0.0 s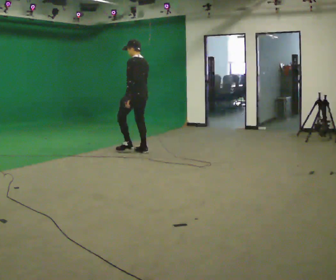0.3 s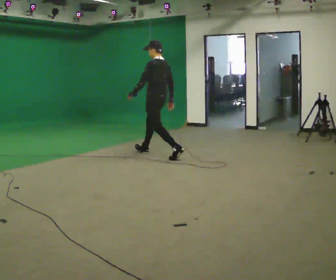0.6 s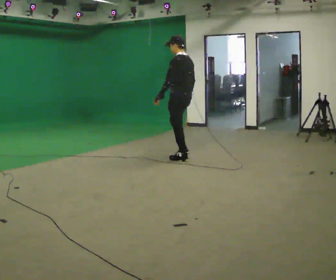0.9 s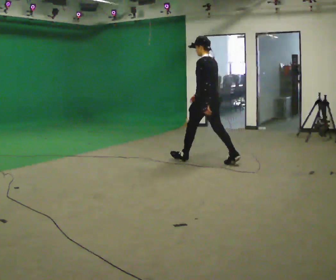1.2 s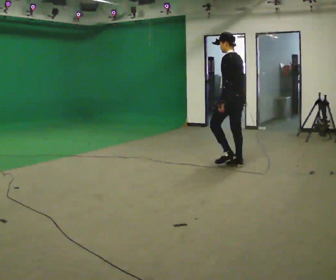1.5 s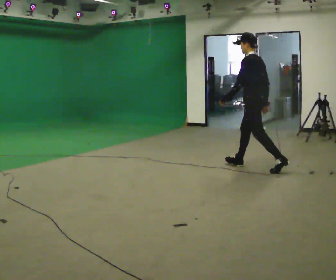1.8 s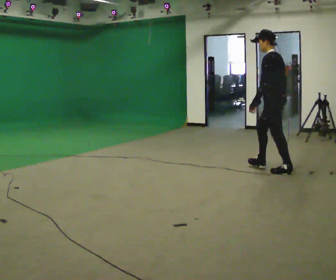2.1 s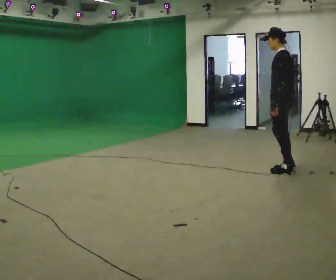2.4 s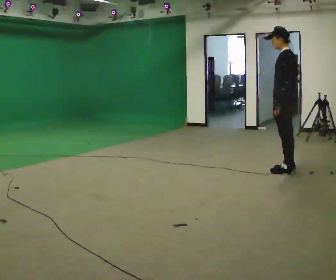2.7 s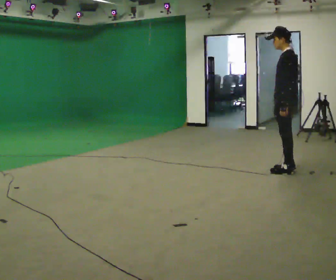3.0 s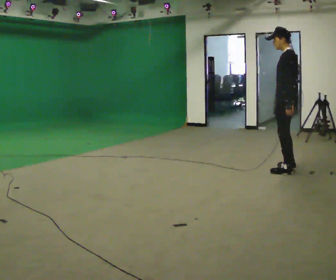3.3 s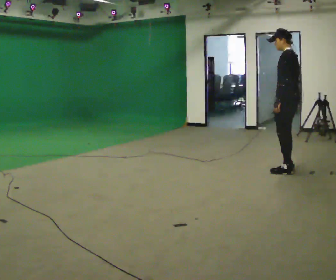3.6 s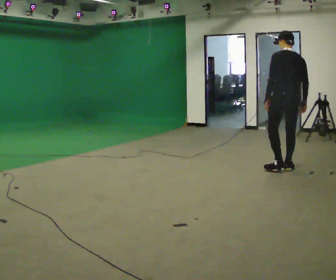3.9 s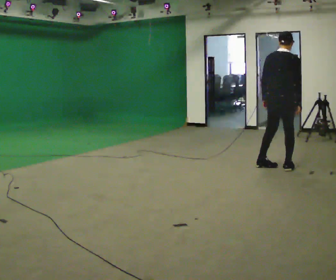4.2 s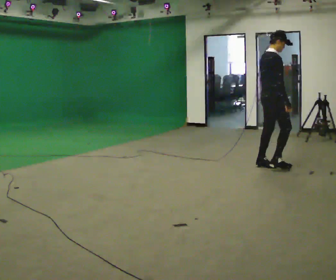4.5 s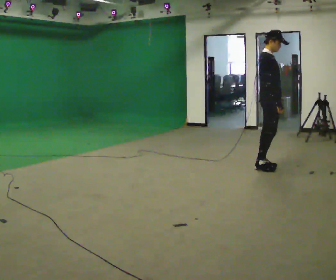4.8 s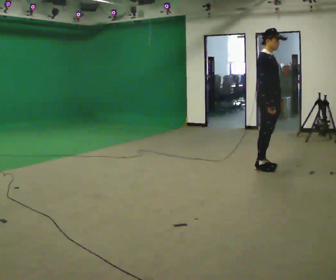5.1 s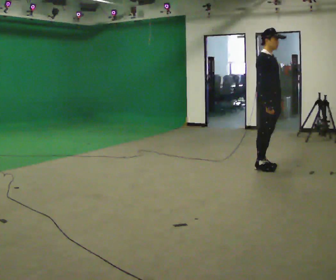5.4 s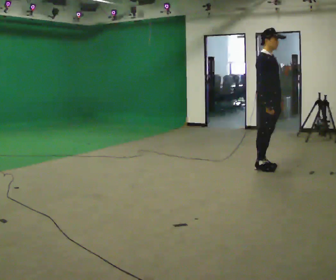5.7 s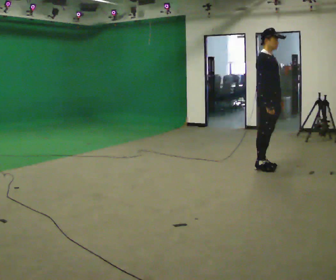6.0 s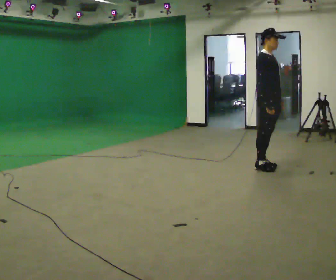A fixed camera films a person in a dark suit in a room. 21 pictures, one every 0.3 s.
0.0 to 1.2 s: In the picture they go to the right, about 1.5 m in 2 steps, which for them is backward.
1.2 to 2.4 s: In the picture they go to the right and toward the camera, about 1 m in 1 step, which for them is backward.
2.4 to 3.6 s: Seen from above the body turns clockwise, about 45 degrees: to their right, with its near side sliding to the left.
3.6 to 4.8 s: The person turns about 135 degrees to their right, clockwise seen from above, so the part of the body nearest the lens slides to the left. In the picture they go to the left, about 0.25 m in 1 step.
4.8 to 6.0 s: The person moves a little, or ends about where they began.
The film runs backward here.
